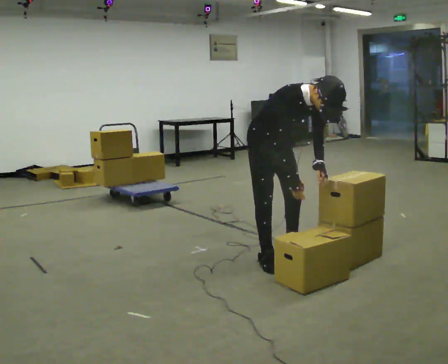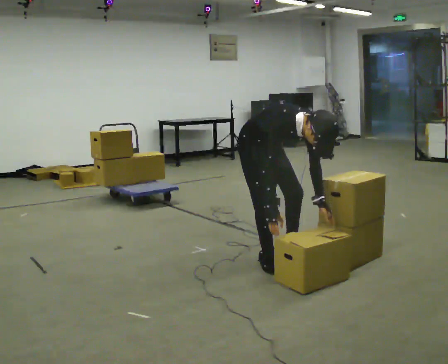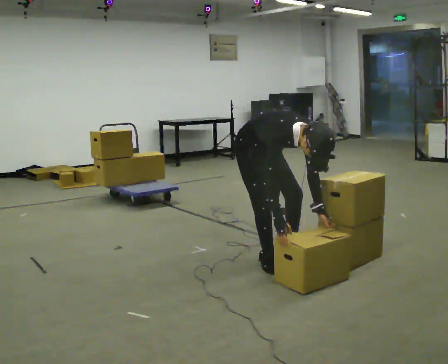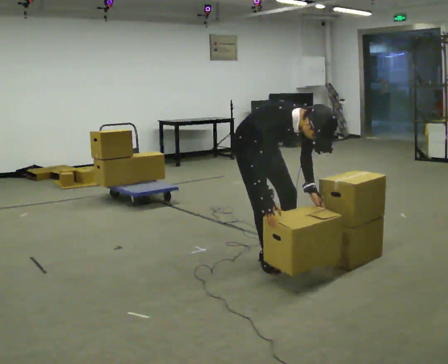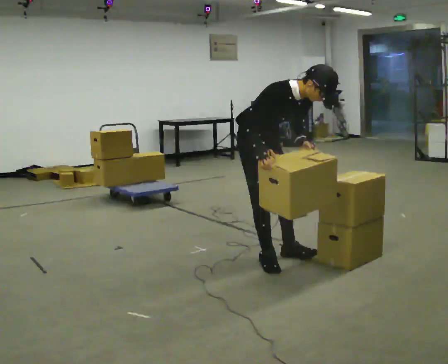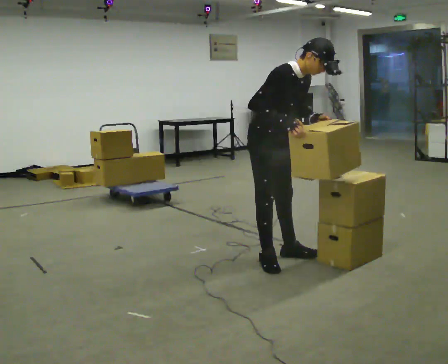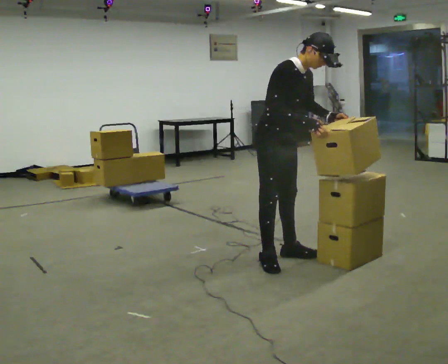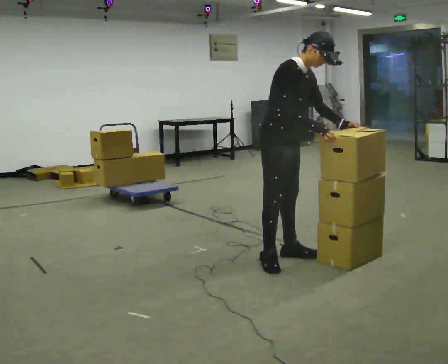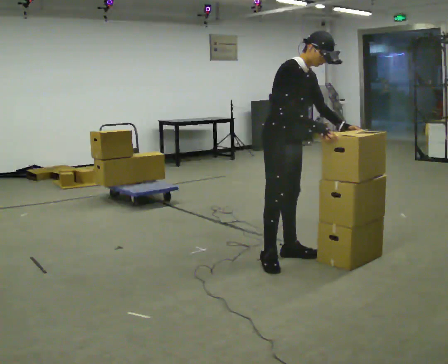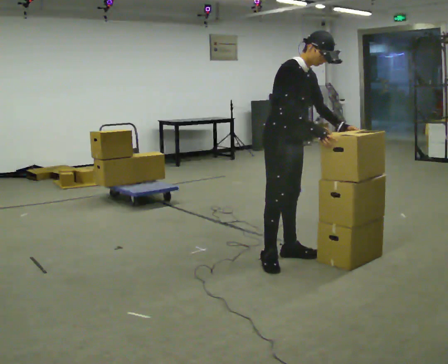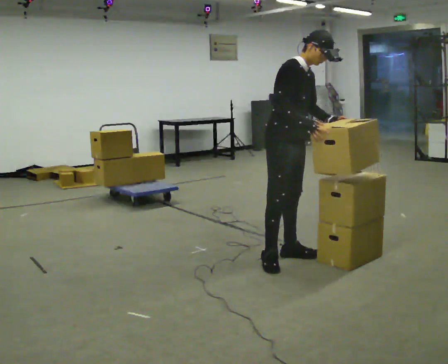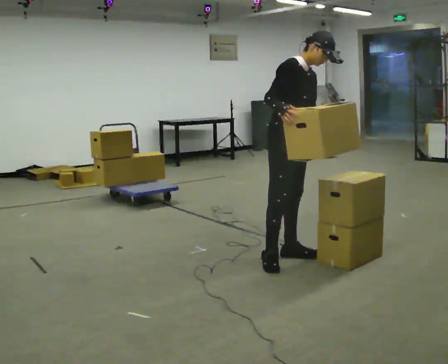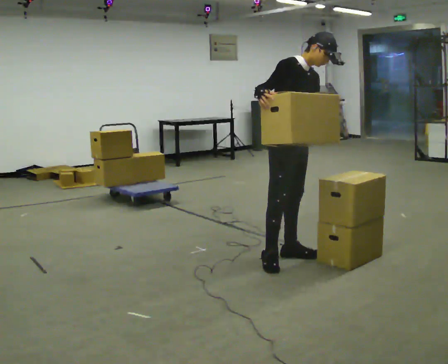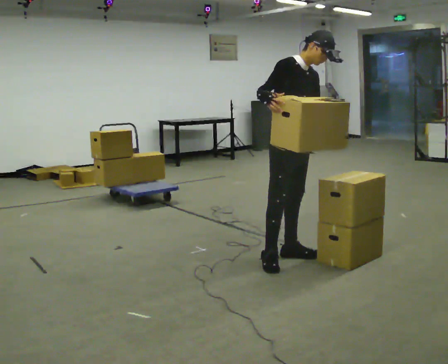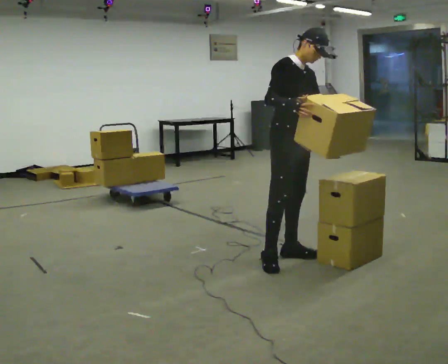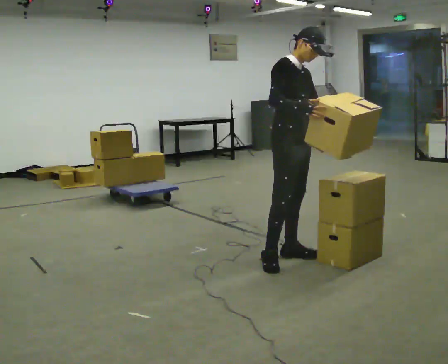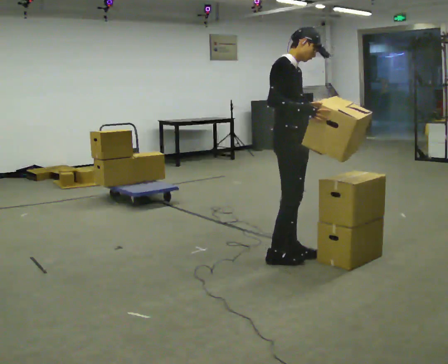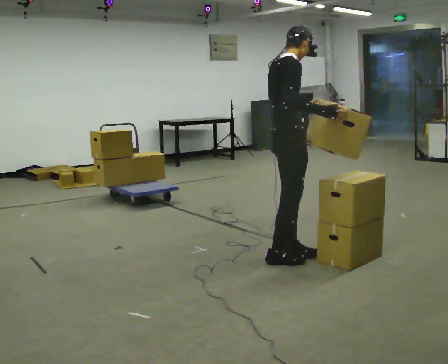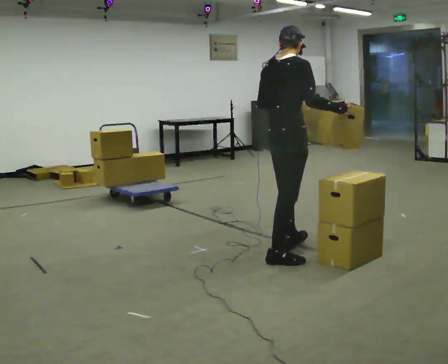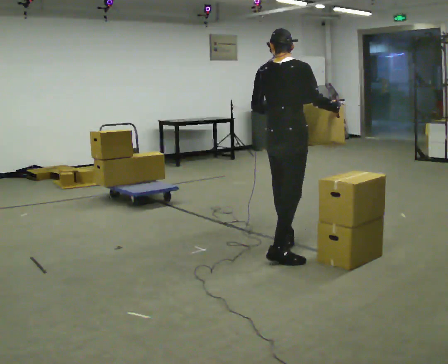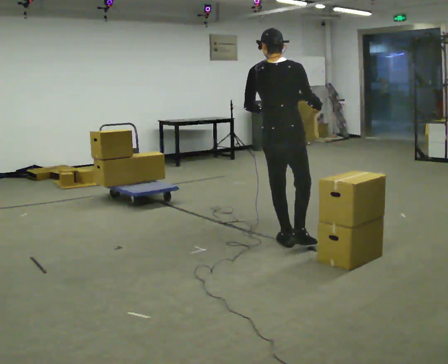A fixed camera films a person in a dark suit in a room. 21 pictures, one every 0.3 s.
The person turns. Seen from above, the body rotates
counterclockwise.
The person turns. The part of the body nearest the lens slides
to the right.
0.0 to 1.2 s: The person moves a little, or ends about where they began.
1.2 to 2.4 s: The upper body tips away from the camera, its near side rolling upward, as they lean back or straighten. In the picture their right hand goes to the right.
2.4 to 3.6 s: In the picture their right hand goes to the left.
3.6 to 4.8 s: The person turns about 30 degrees to their left, counterclockwise seen from above, so the part of the body nearest the lens slides to the right.
4.8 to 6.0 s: Seen from above the body turns counterclockwise, about 105 degrees: to their left, with its near side sliding to the right. In the picture they go away from the camera, about 0.25 m in 1 step.
The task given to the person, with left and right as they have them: Load the boxes onto the cart one at a time, then take them all off again. The cart stays where it is. Keep going until the operator says stop; one object at a time, and do not rush between trips.
The film runs forward here.
